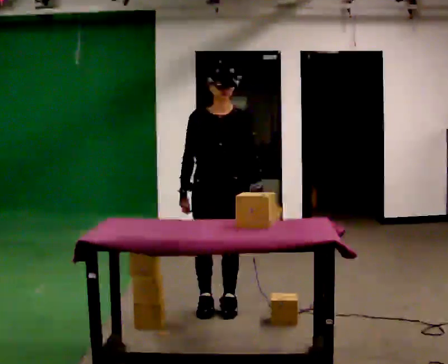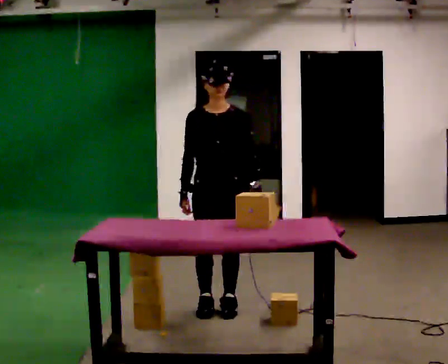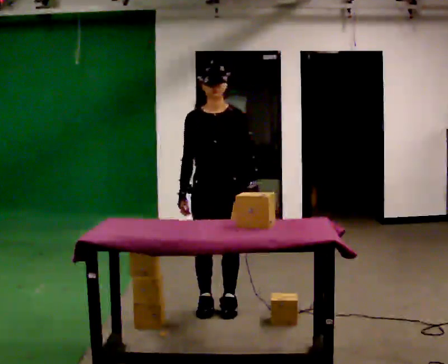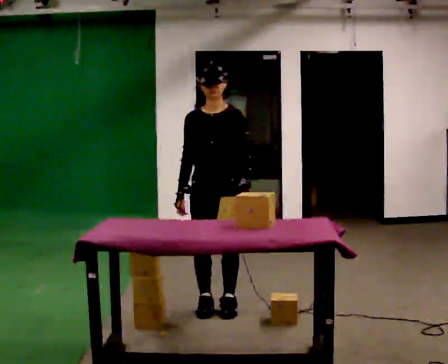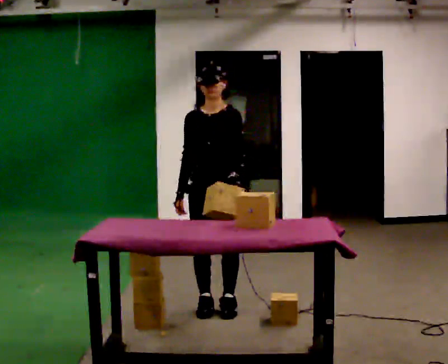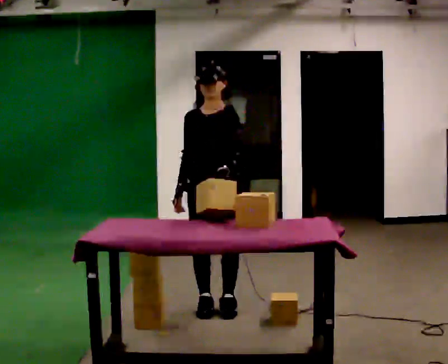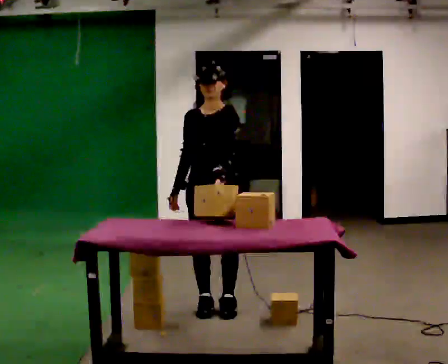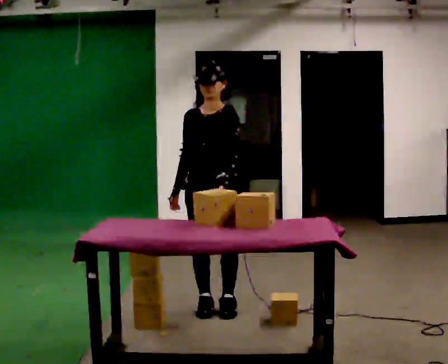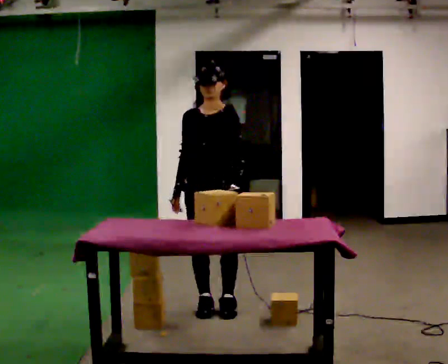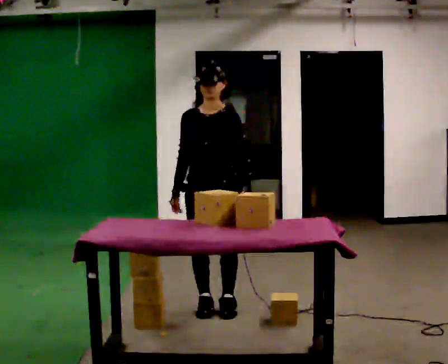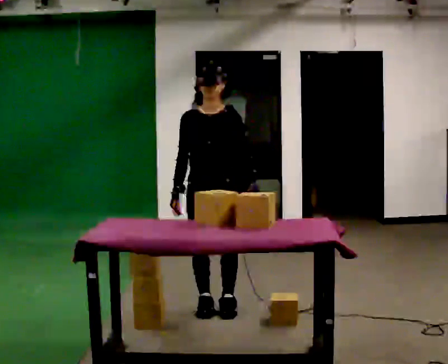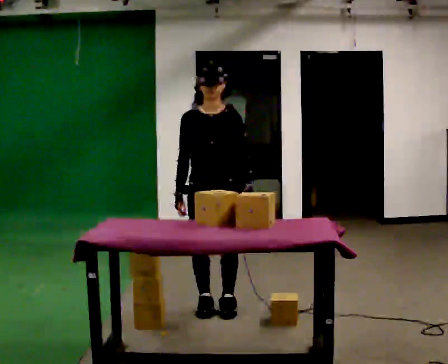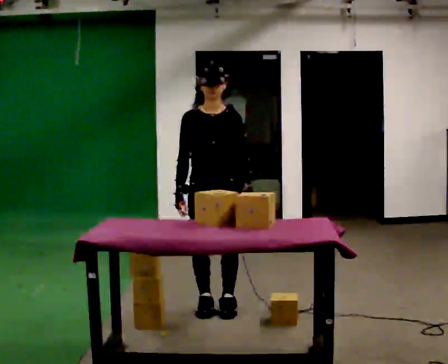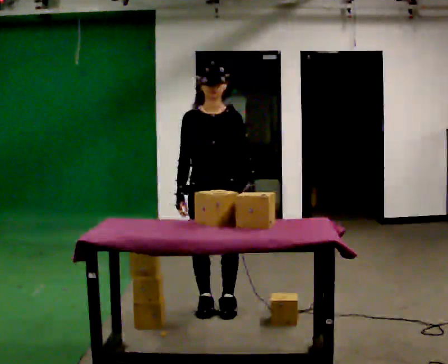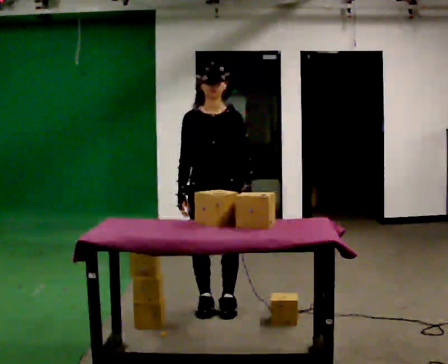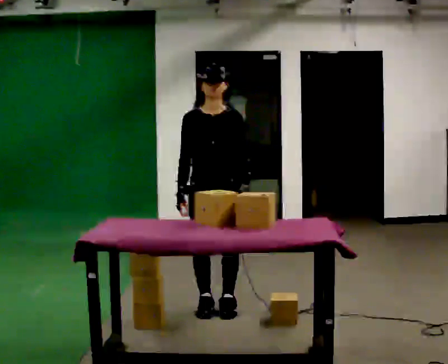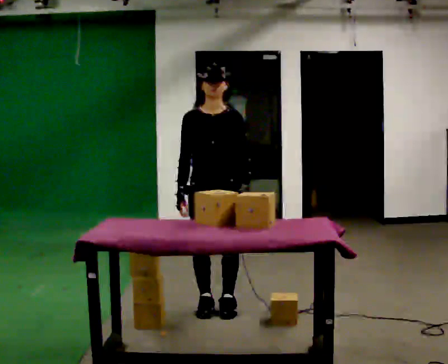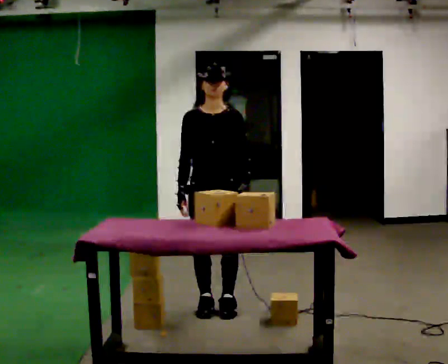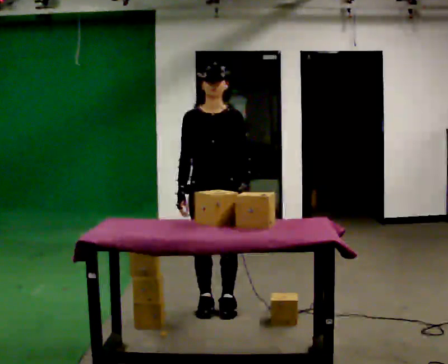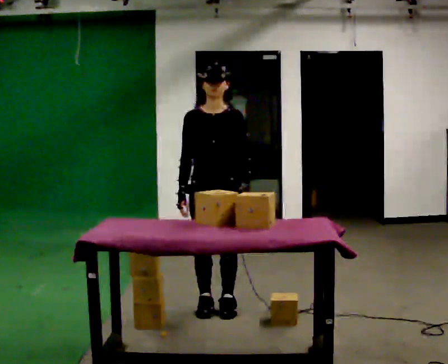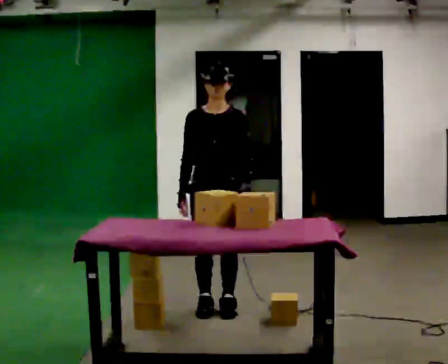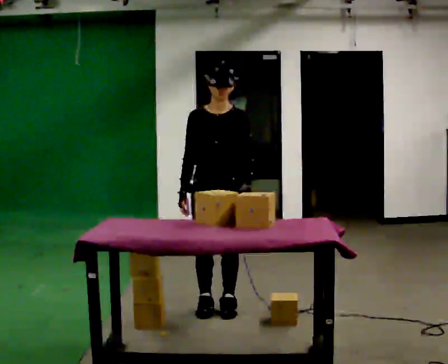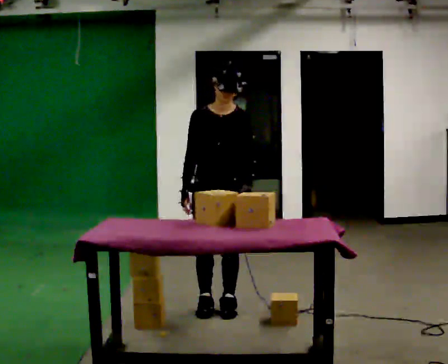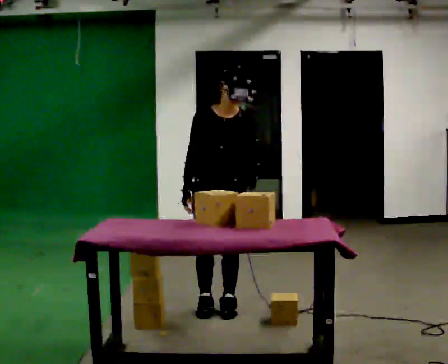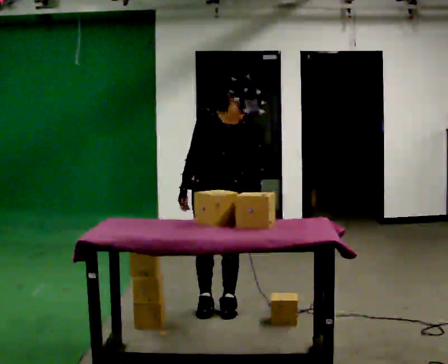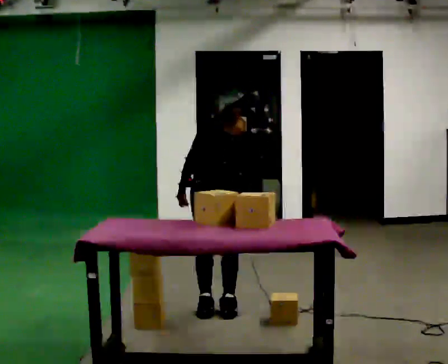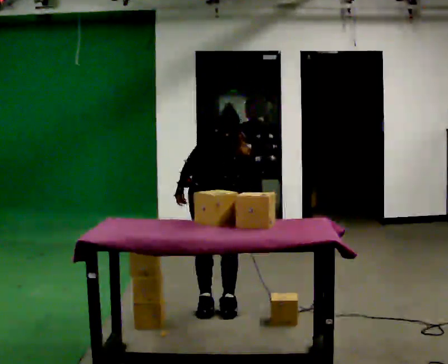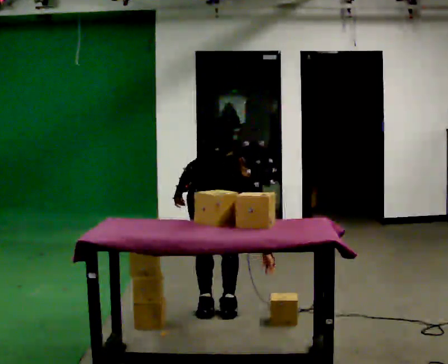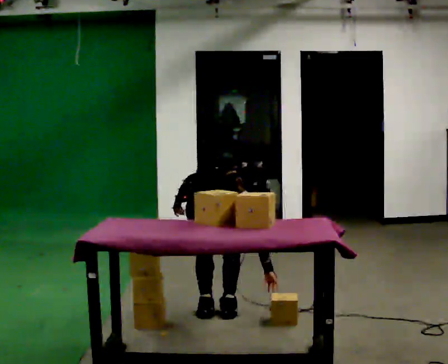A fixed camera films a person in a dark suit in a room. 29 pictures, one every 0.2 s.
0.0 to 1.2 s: The part of the body nearest the lens slides to the left as the person turns to their right by about 30 degrees.
1.2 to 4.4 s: The person moves a little, or ends about where they began.
4.4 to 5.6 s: The upper body goes downward. The upper body tips toward the camera, its near side rolling downward, as they bend forward.
The film runs forward here.
